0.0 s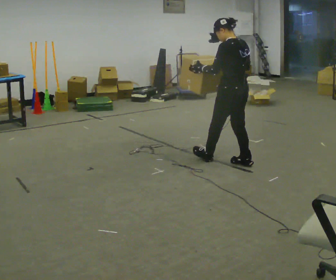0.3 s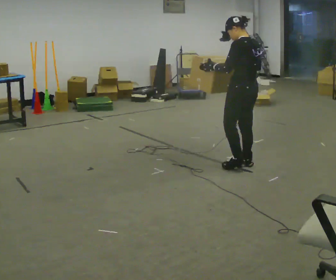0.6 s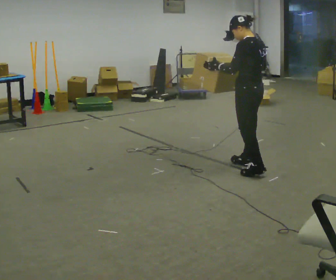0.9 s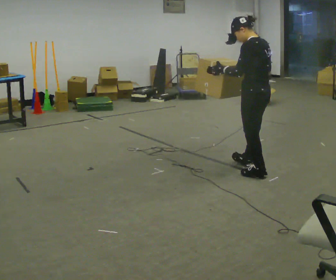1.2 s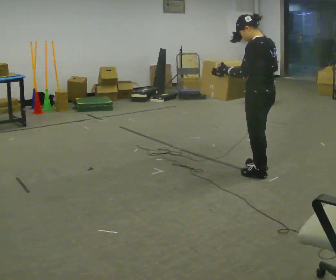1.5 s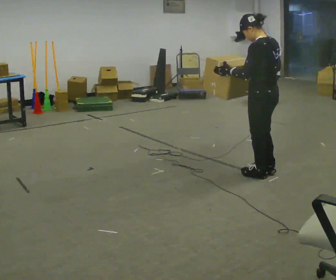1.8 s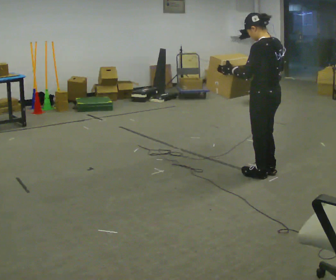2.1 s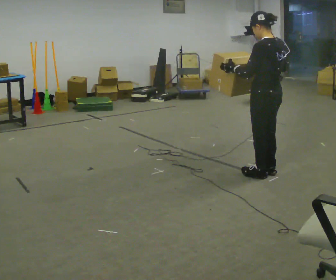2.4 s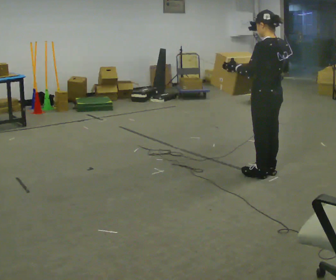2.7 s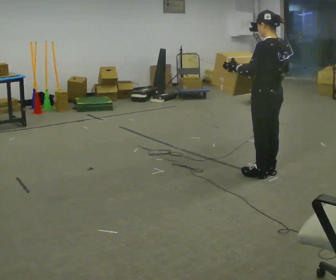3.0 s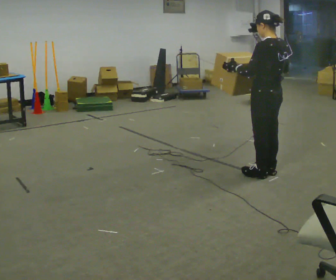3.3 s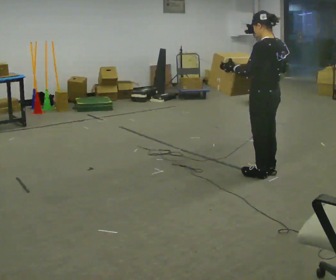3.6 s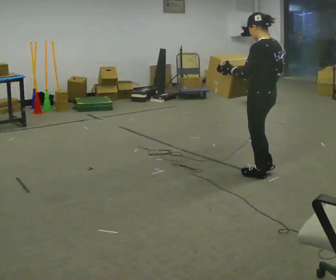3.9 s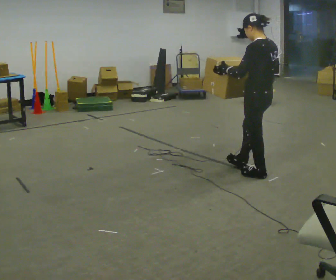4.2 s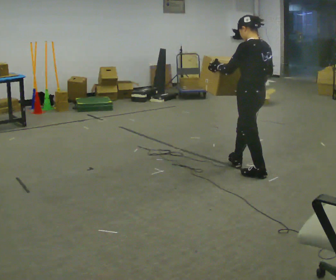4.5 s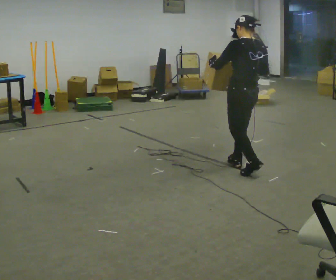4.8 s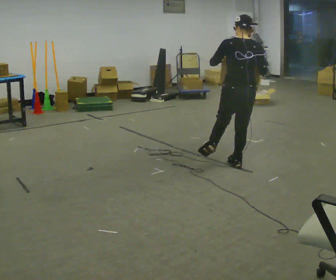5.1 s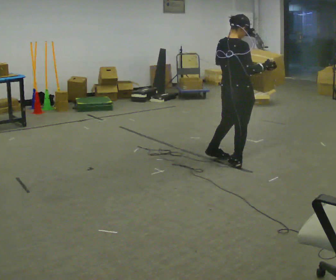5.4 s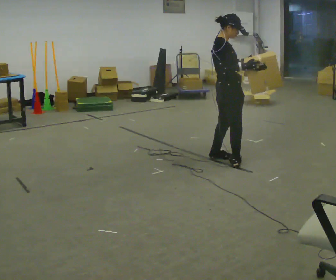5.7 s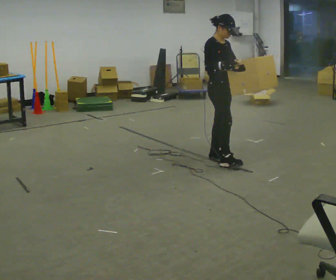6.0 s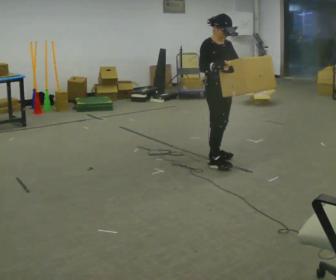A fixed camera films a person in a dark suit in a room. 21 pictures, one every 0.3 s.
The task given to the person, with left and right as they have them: Carry the box while walking backward. The operator confirms the space behind you is clear before each take.
0.0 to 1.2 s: In the picture they go toward the camera and to the right, about 0.5 m in 1 step, which for them is backward and to their left.
1.2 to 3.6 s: The person moves a little, or ends about where they began.
3.6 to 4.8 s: Seen from above the body turns clockwise, about 60 degrees: to their right, with its near side sliding to the left. In the picture they go away from the camera and to the left, about 0.25 m in 1 step, which for them is forward.
4.8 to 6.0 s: The person turns about 135 degrees to their right, clockwise seen from above, so the part of the body nearest the lens slides to the left. In the picture they go to the left, about 0.25 m in 2 steps.
The film runs forward here.
